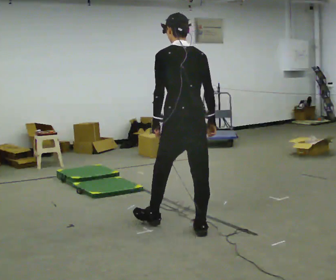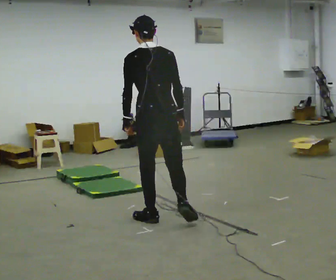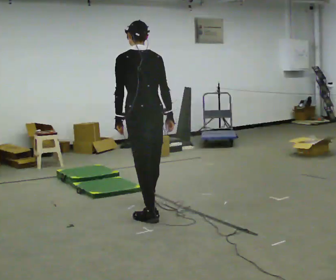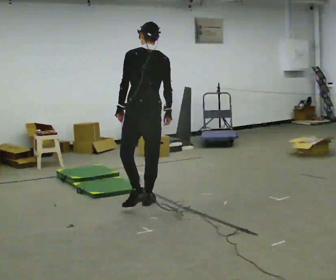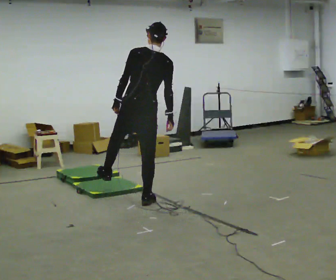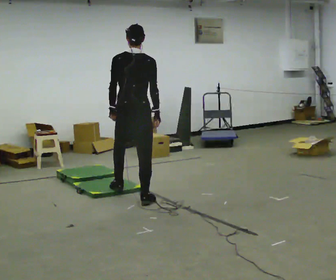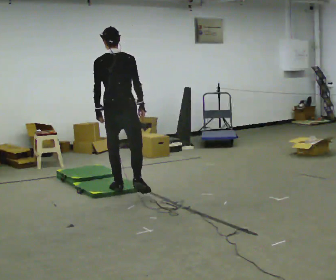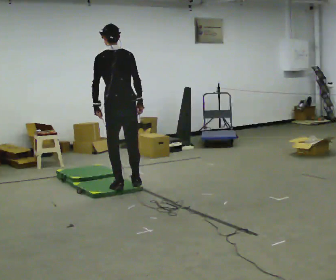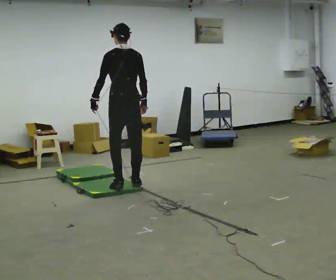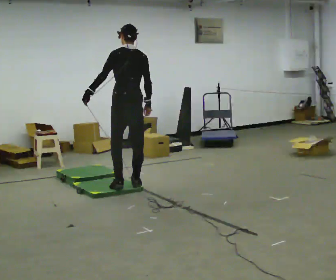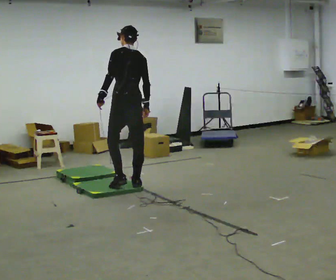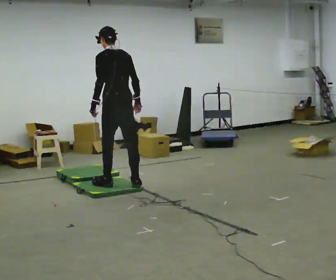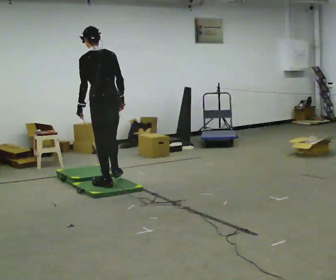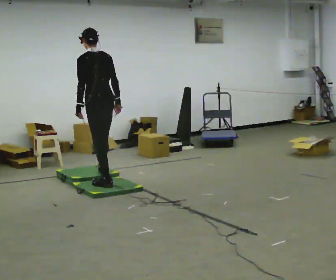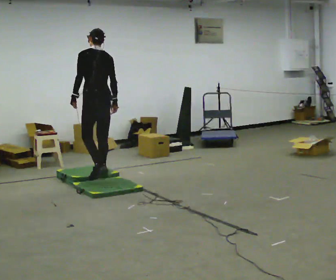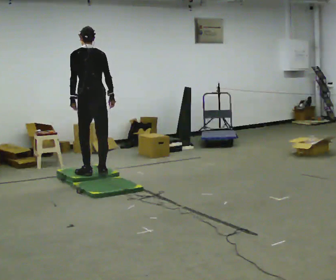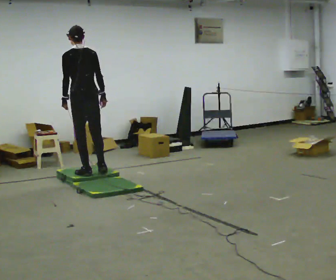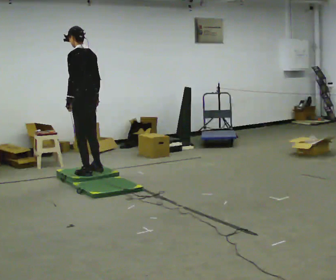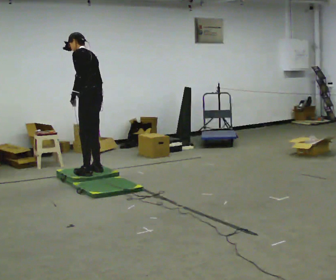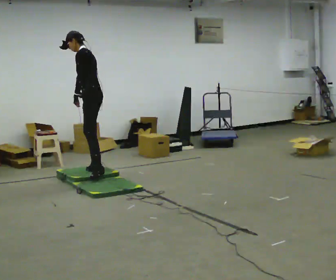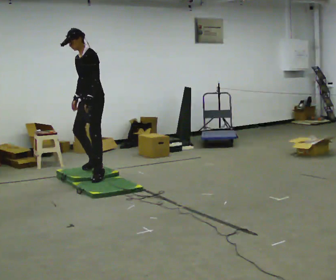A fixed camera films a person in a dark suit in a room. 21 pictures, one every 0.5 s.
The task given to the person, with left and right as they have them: Walk across the mats at a normal pace. They may not all feel the same underfoot. Carry on afterwards.
0.0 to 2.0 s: In the picture they go away from the camera and to the left, about 1 m in 2 steps, which for them is forward. In the picture the upper body tilts clockwise, shoulders to the right.
2.0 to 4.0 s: In the picture they go away from the camera, about 0.5 m in 2 steps, which for them is forward.
4.0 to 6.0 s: In the picture they go to the left, about 0.25 m in 1 step, which for them is forward and to their left.
6.0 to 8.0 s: In the picture they go away from the camera and to the left, about 0.5 m in 2 steps, which for them is forward.
8.0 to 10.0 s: The part of the body nearest the lens slides to the right as the person turns to their left by about 90 degrees. In the picture their right hand goes to the left, the arm swinging clockwise.
The film runs forward here.
